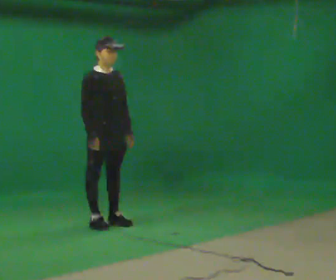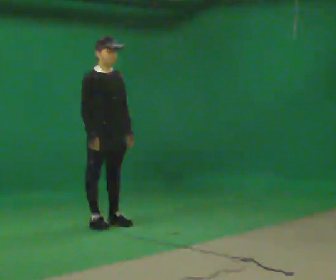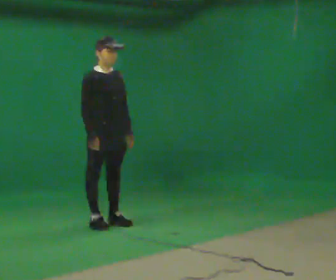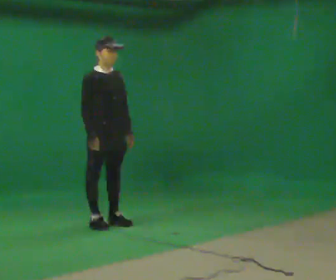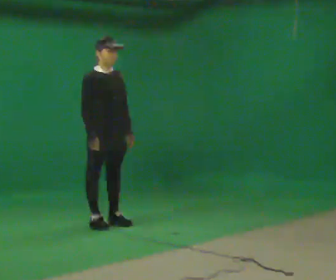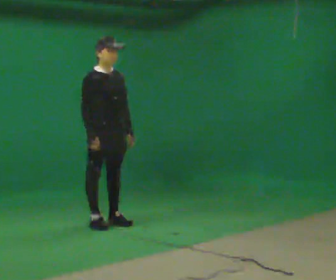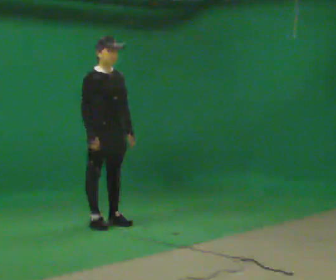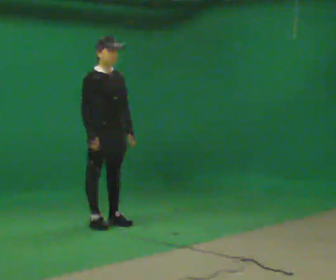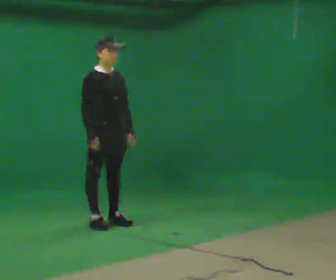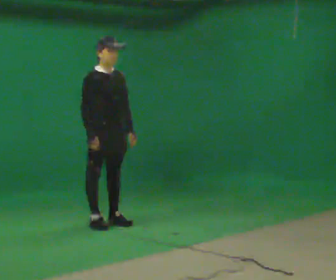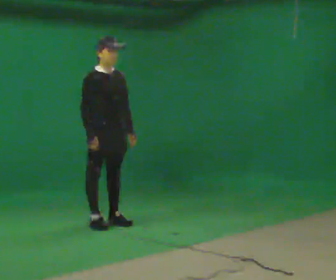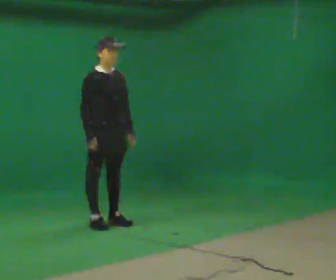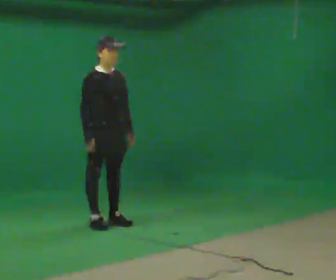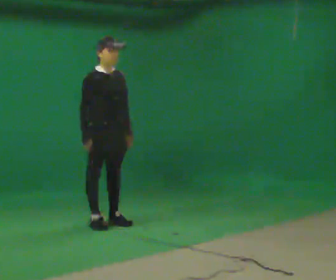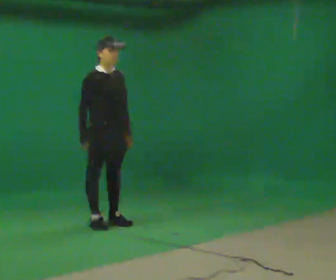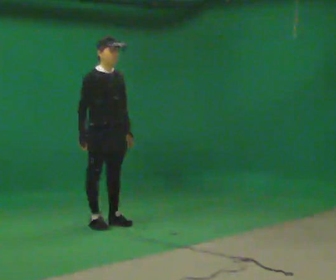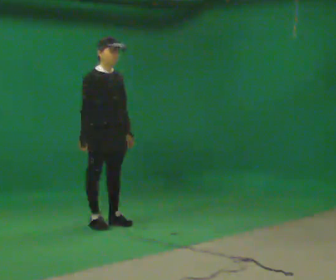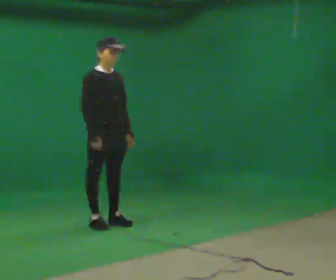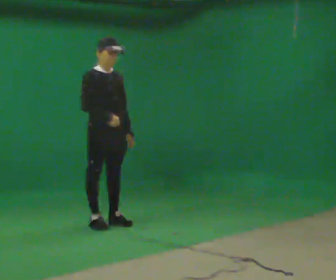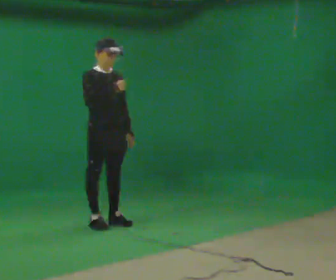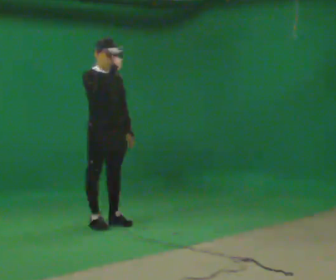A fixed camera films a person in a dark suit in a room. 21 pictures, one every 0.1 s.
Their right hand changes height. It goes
upward.
0.0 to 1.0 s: The person moves a little, or ends about where they began.
1.0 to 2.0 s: In the picture their right hand goes upward.
The film runs backward here.
